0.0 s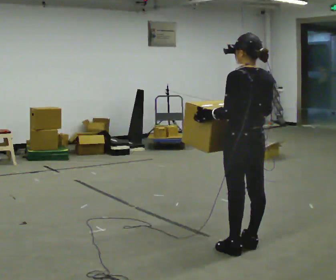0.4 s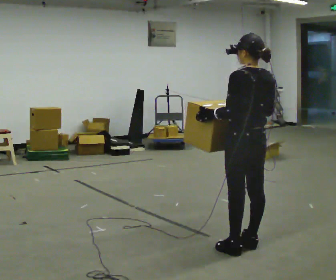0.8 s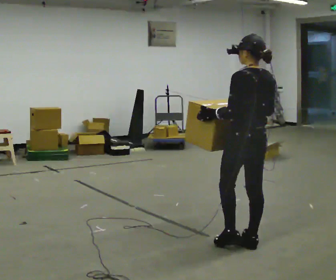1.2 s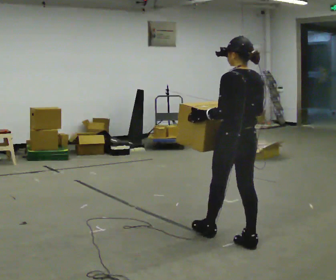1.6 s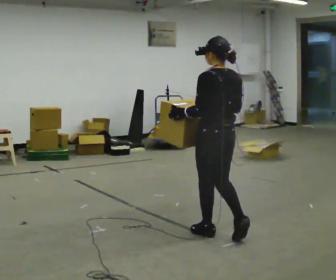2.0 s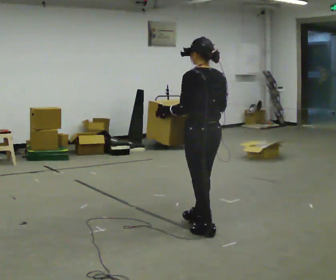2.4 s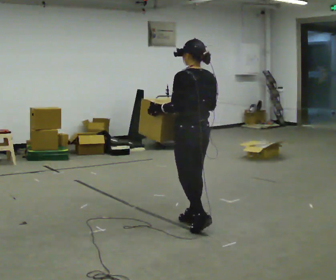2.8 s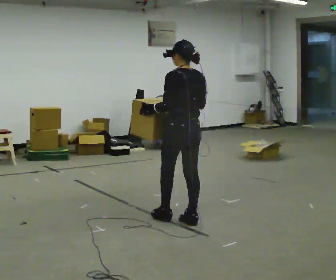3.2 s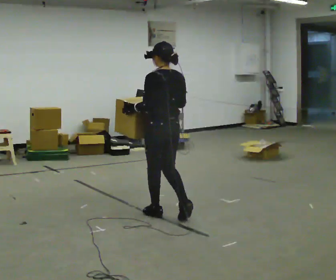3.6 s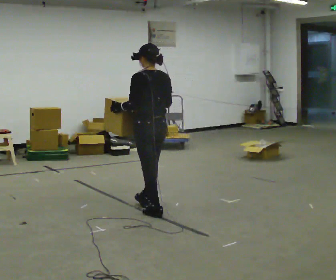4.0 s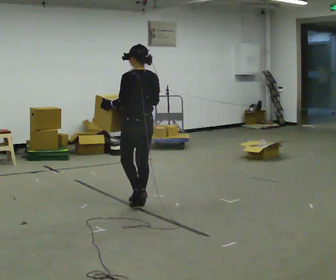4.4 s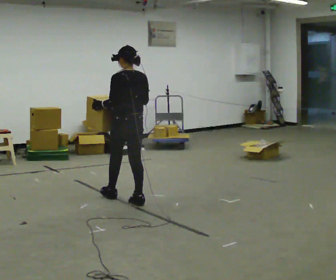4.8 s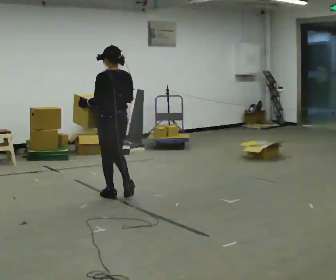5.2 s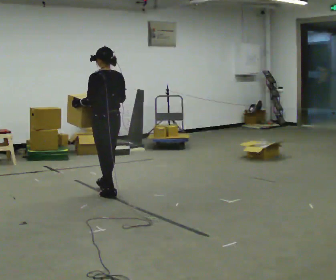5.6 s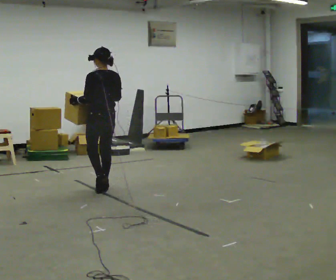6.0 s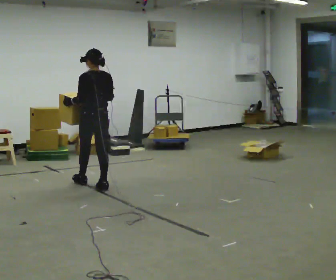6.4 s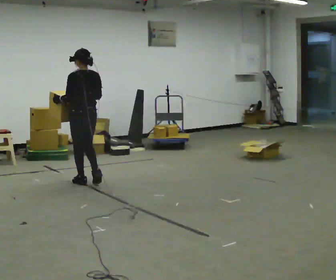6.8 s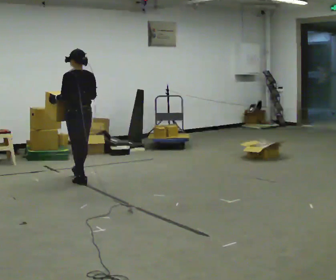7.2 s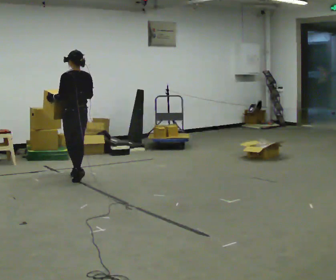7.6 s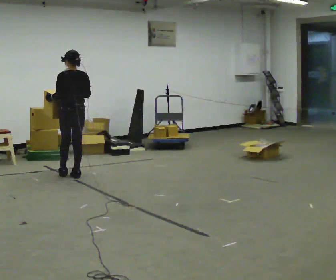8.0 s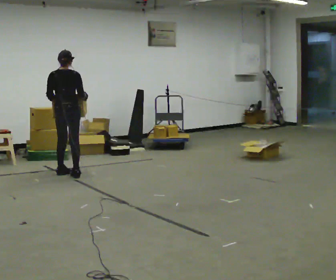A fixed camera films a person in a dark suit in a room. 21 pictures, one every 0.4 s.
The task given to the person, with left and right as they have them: Carry the box across the room much more slowly and carefully than normal, back and forth.
0.0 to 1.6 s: In the picture they go away from the camera and to the left, about 0.25 m in 1 step, which for them is forward.
1.6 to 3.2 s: In the picture they go away from the camera and to the left, about 0.75 m in 2 steps, which for them is forward.
3.2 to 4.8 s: In the picture they go away from the camera and to the left, about 1 m in 2 steps, which for them is forward.
4.8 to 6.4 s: In the picture they go away from the camera and to the left, about 0.75 m in 2 steps, which for them is forward.
6.4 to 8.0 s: The part of the body nearest the lens slides to the left as the person turns to their right by about 45 degrees. In the picture they go away from the camera and to the left, about 0.5 m in 2 steps, which for them is forward.
The film runs forward here.
